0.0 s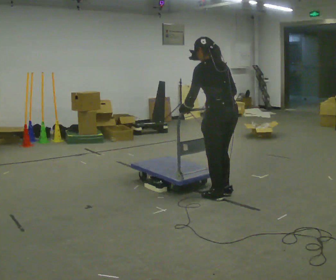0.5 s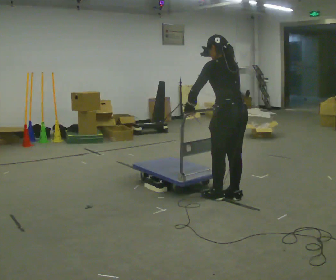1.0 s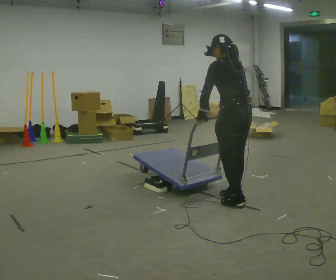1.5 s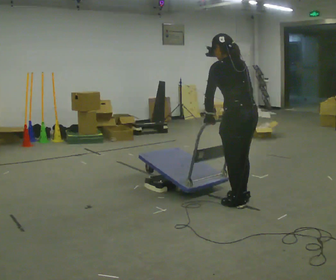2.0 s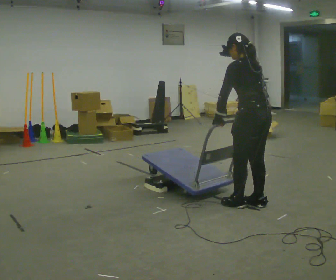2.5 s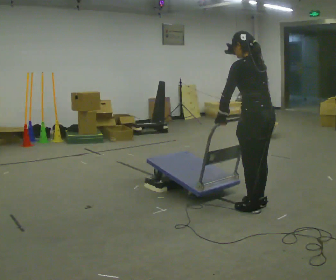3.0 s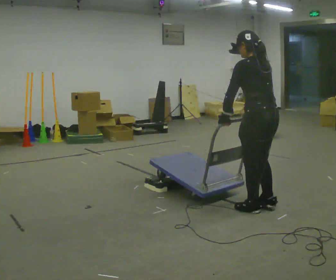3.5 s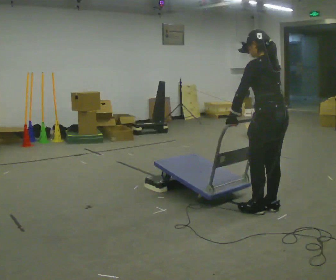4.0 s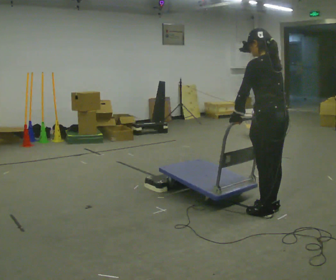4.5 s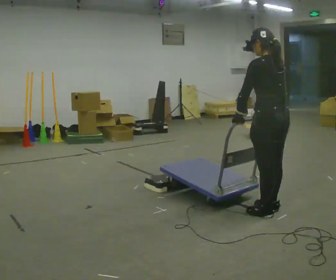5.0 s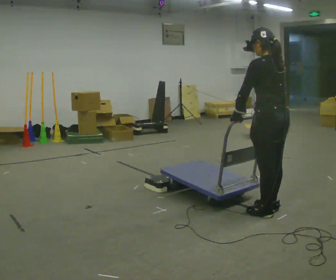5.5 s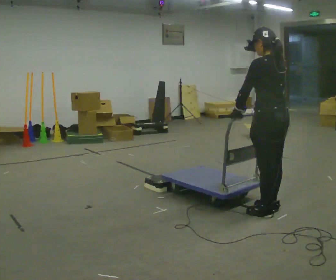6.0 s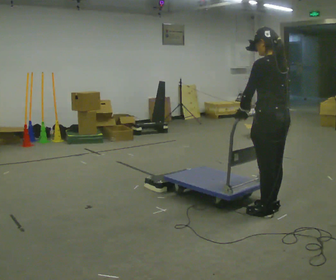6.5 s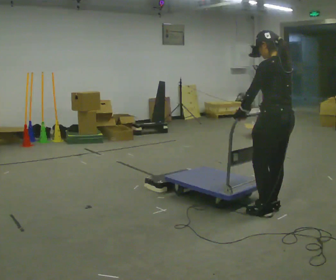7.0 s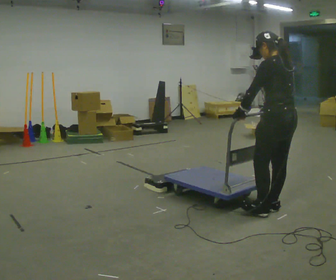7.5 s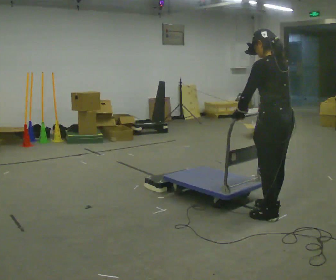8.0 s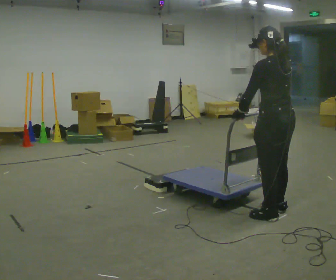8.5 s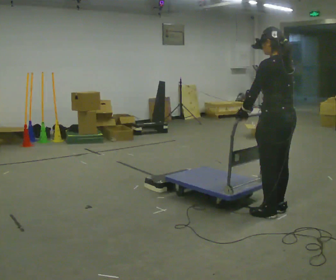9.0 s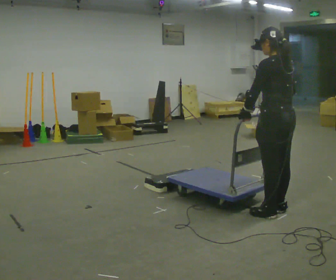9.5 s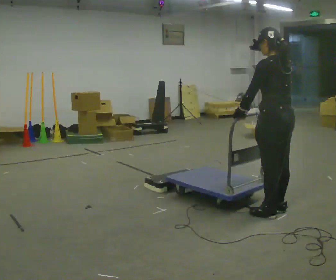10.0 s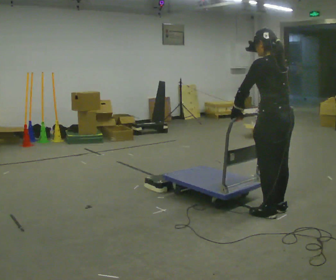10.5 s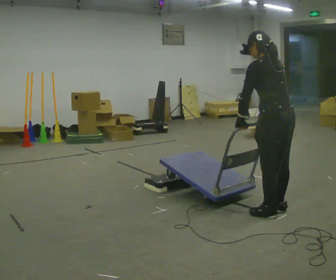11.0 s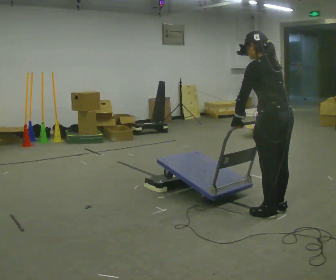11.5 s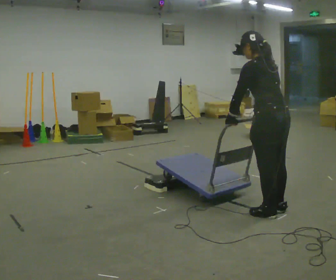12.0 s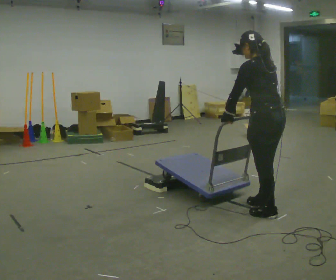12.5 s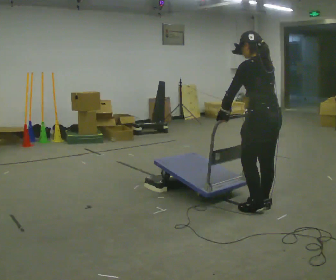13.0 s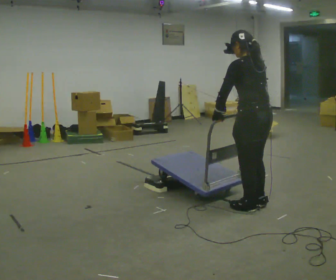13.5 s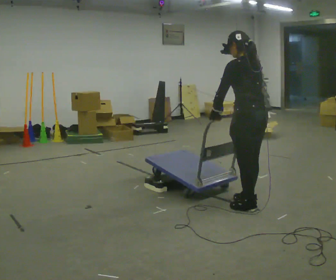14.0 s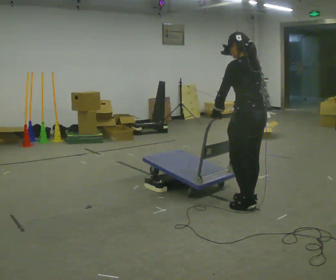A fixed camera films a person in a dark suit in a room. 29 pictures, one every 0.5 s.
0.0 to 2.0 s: In the picture they go to the right and toward the camera, about 0.25 m in 3 steps, which for them is backward.
2.0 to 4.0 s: In the picture they go toward the camera, about 0.25 m in 2 steps, which for them is backward.
4.0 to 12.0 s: The person moves a little, or ends about where they began.
12.0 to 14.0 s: In the picture they go away from the camera, about 0.25 m in 2 steps, which for them is forward.
The film runs forward here.
